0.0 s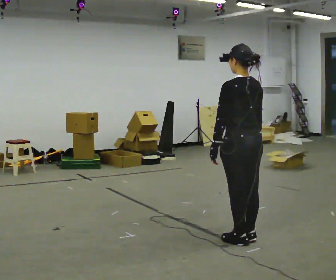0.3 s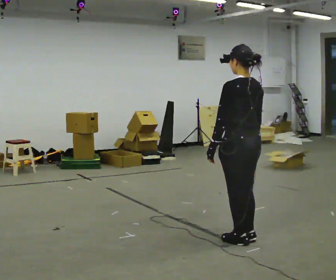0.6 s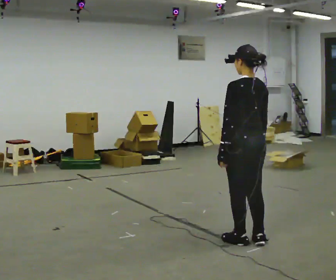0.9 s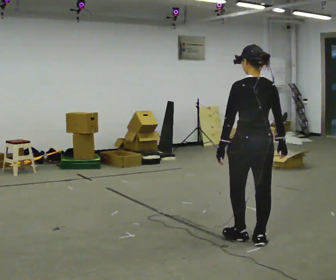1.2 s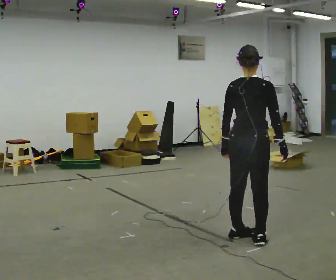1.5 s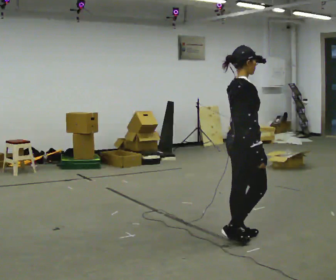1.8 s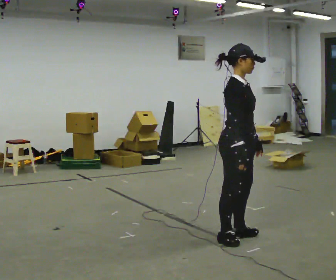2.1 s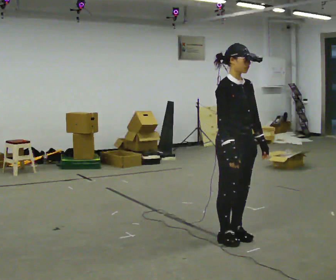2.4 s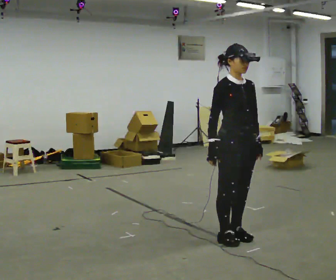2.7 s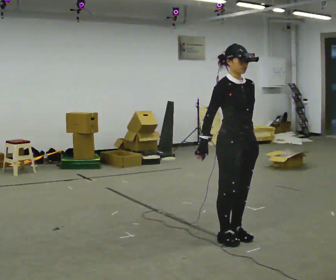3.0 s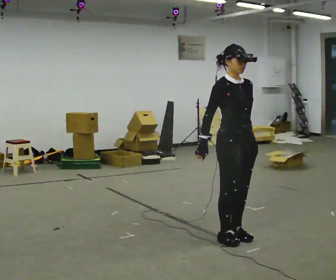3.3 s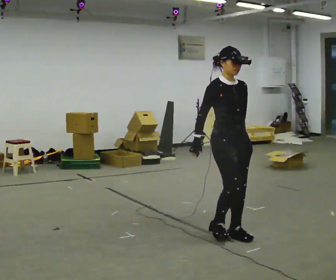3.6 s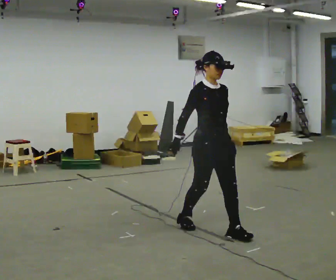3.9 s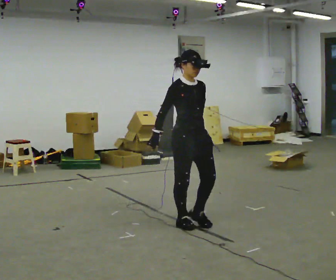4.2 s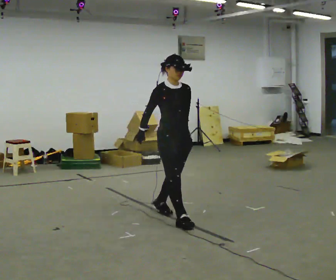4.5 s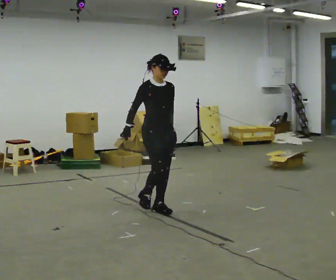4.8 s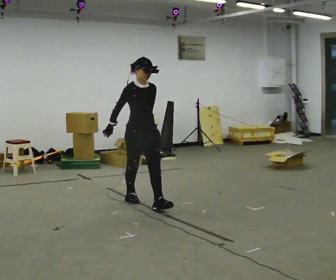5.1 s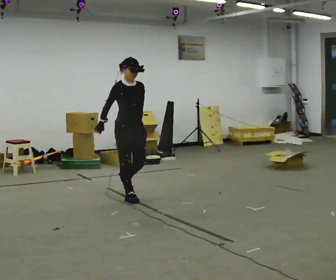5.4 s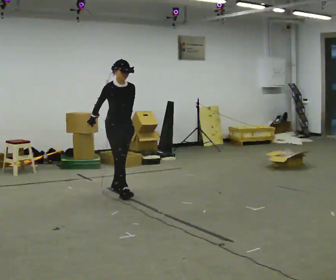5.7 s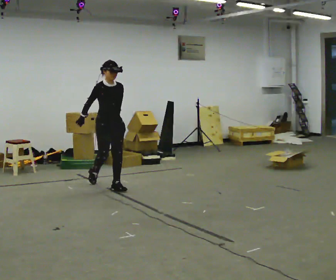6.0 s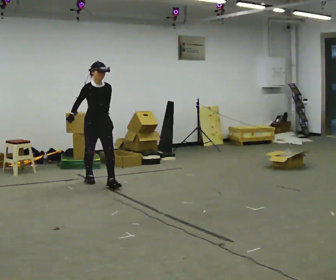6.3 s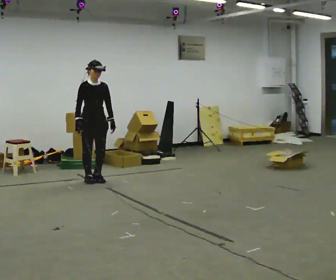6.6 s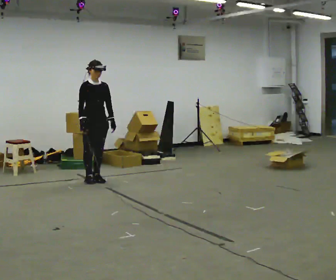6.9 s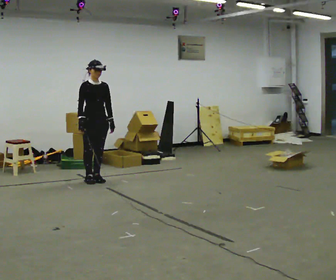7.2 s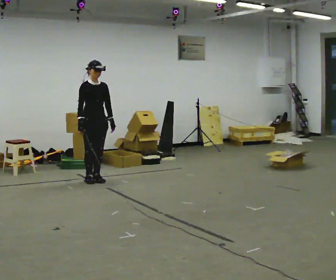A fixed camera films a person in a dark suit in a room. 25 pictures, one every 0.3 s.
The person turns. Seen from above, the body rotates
clockwise.
The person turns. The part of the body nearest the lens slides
to the left.
0.0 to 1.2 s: The person turns about 45 degrees to their right, clockwise seen from above, so the part of the body nearest the lens slides to the left.
1.2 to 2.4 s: The person turns about 135 degrees to their right, clockwise seen from above, so the part of the body nearest the lens slides to the left. In the picture their left hand goes to the right, the arm swinging counterclockwise.
2.4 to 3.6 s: In the picture they go away from the camera, about 0.25 m in 1 step, which for them is backward. In the picture their left hand goes to the left.
3.6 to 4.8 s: In the picture they go to the left and away from the camera, about 1 m in 2 steps, which for them is backward.
4.8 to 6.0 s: In the picture they go away from the camera and to the left, about 1 m in 3 steps, which for them is backward.
6.0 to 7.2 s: In the picture they go away from the camera and to the left, about 0.25 m, which for them is backward.
The film runs backward here.
